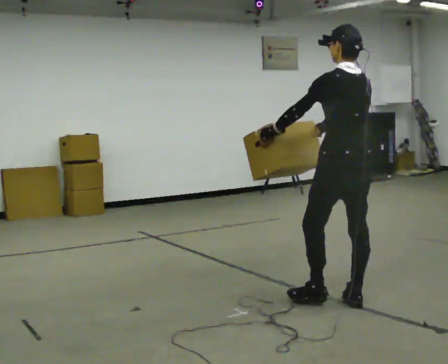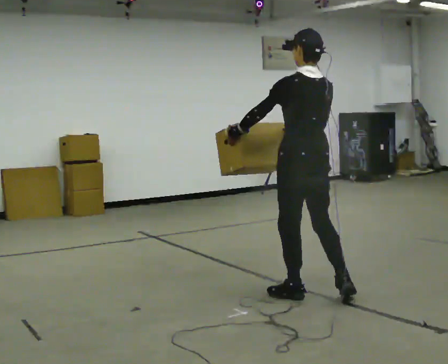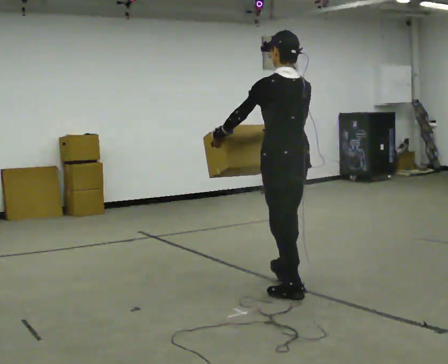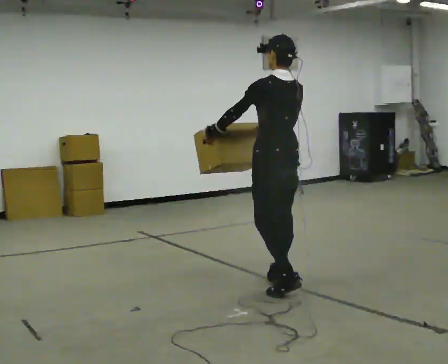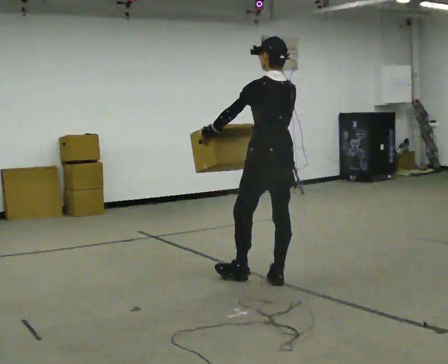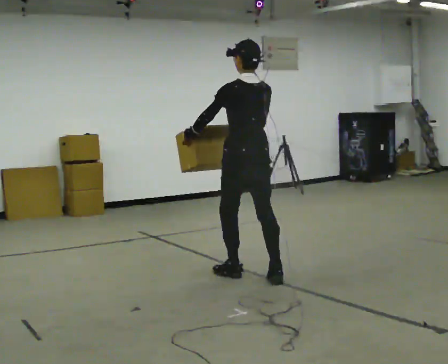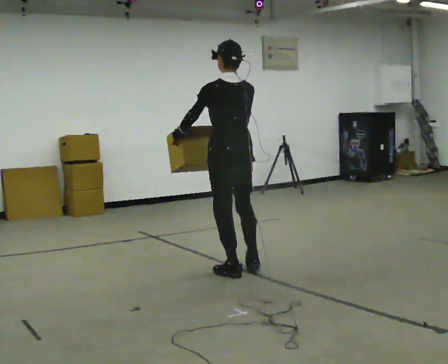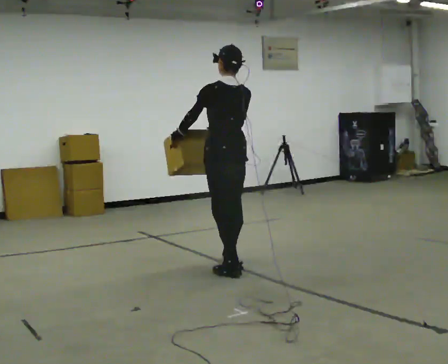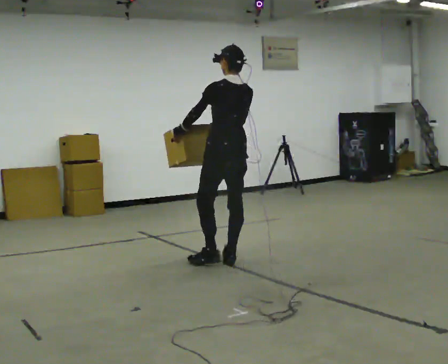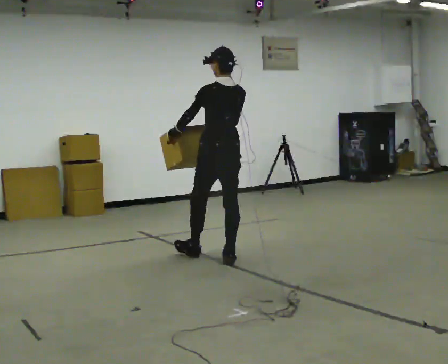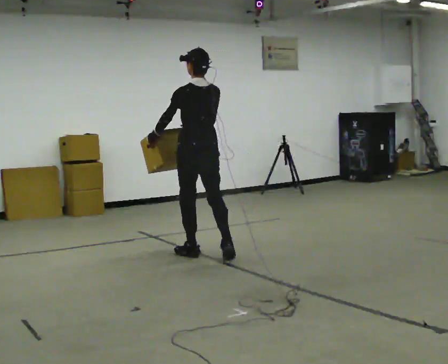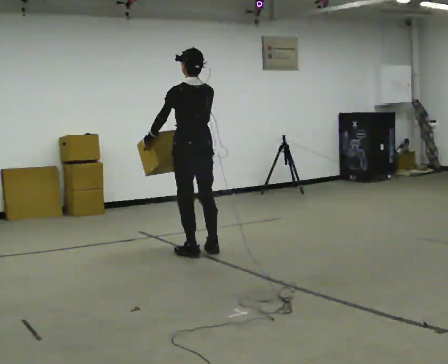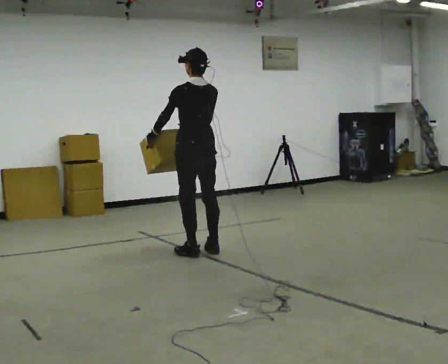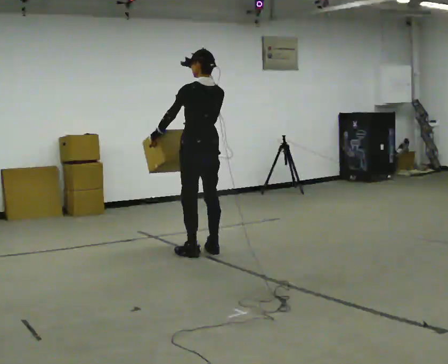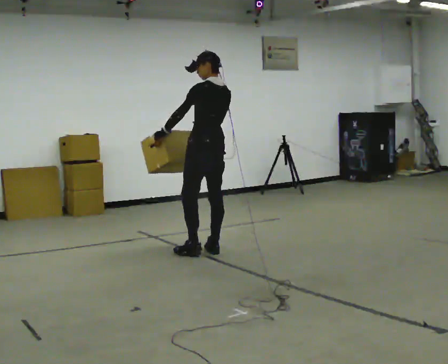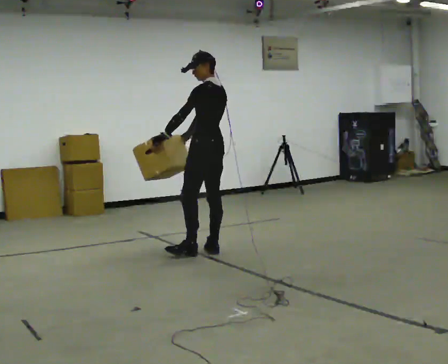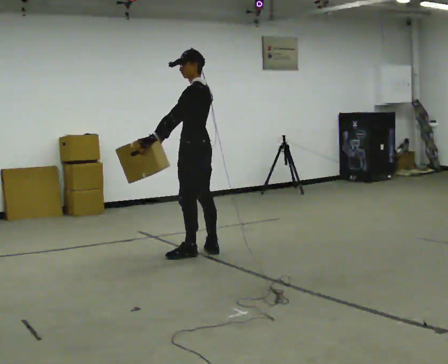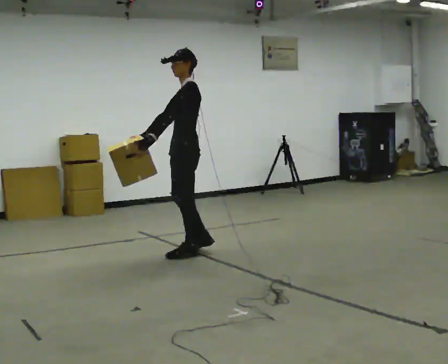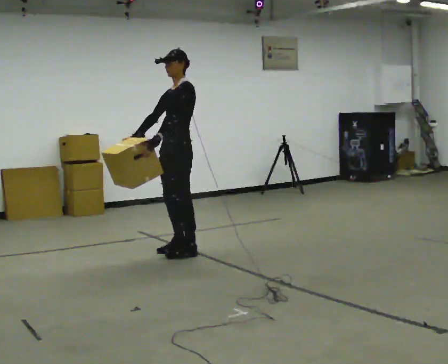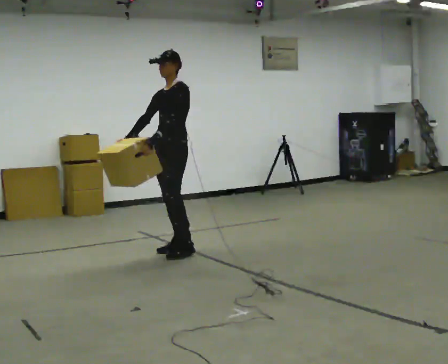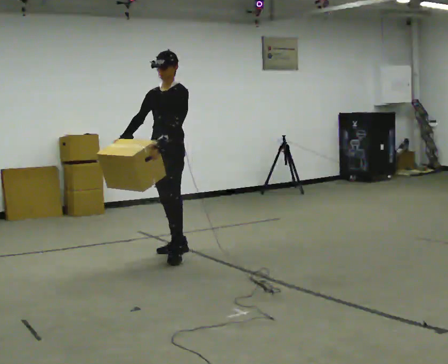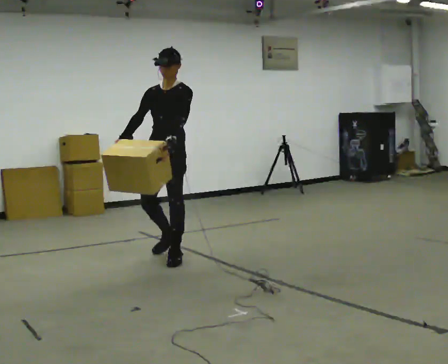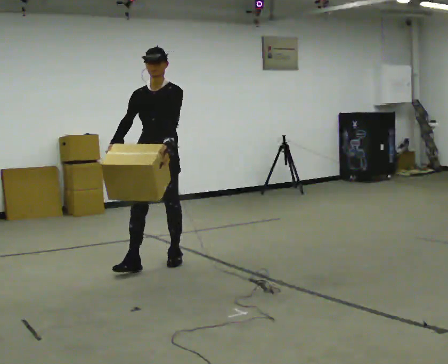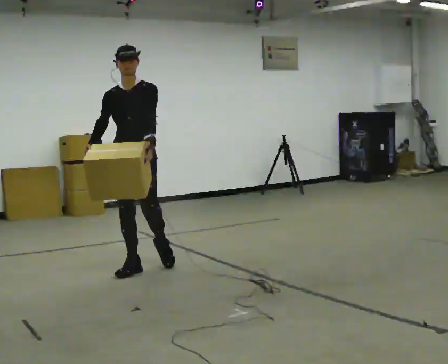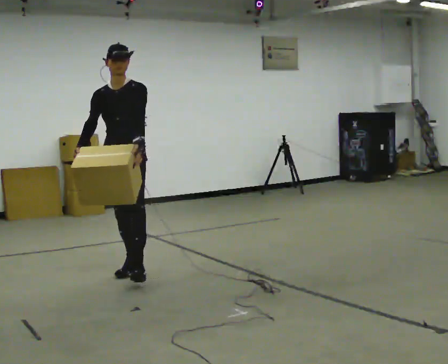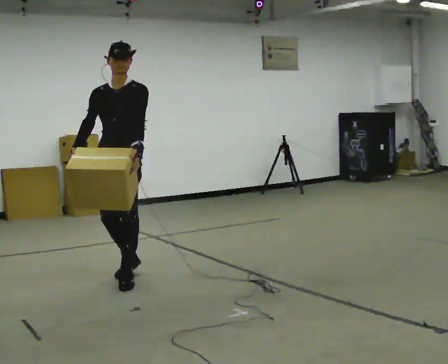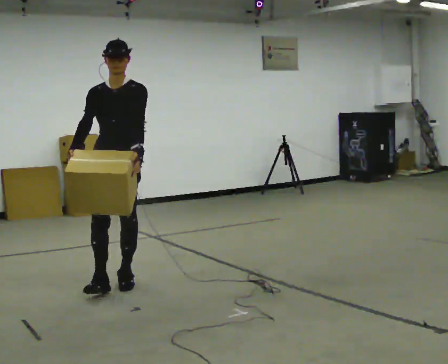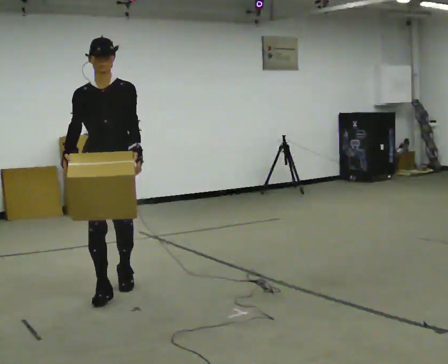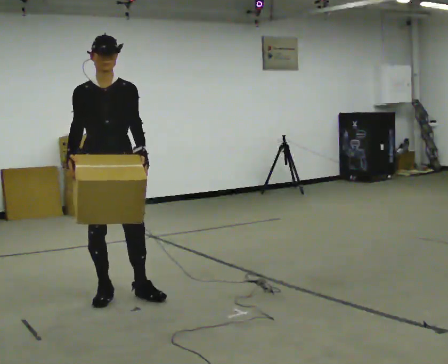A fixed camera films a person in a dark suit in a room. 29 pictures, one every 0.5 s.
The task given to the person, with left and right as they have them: Carry the heaviest box in both hands in front of you, walking back and forth across the room. Only carry what is comfortable. Set it down whenever you need to.
0.0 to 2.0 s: In the picture they go away from the camera and to the left, about 1 m in 2 steps, which for them is forward.
2.0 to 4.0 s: In the picture they go away from the camera and to the left, about 0.75 m in 2 steps, which for them is forward.
4.0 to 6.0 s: In the picture they go away from the camera and to the left, about 0.5 m in 2 steps, which for them is forward.
6.0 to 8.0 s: The person turns about 45 degrees to their left, counterclockwise seen from above, so the part of the body nearest the lens slides to the right.
8.0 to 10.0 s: Seen from above the body turns counterclockwise, about 75 degrees: to their left, with its near side sliding to the right. In the picture they go to the left, about 0.25 m in 2 steps.
10.0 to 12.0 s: In the picture they go toward the camera and to the left, about 0.75 m in 1 step, which for them is forward.
12.0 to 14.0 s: The part of the body nearest the lens slides to the right as the person turns to their left by about 30 degrees. In the picture they go toward the camera, about 0.5 m in 3 steps, which for them is forward.
The film runs forward here.
